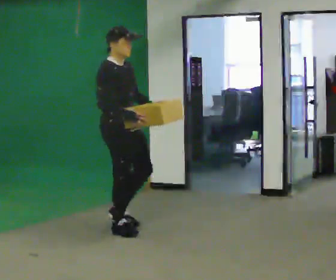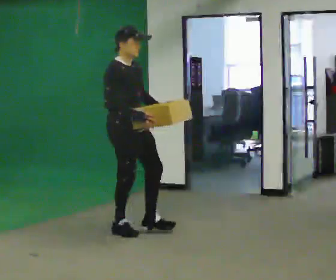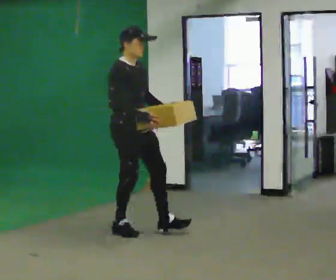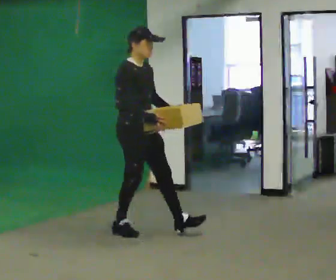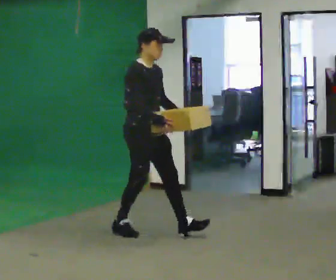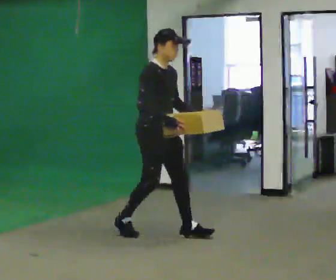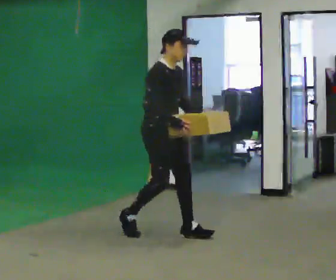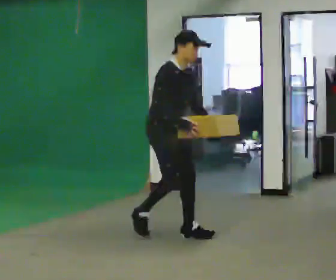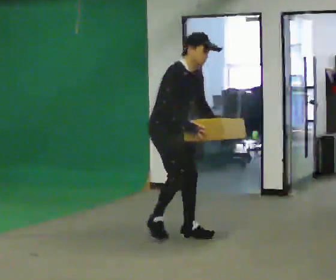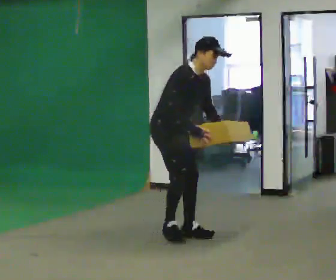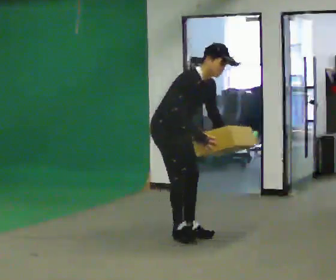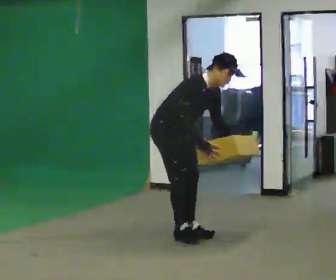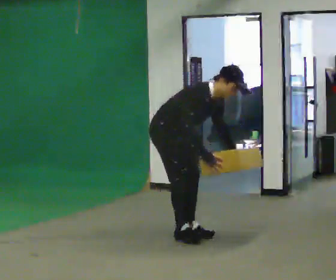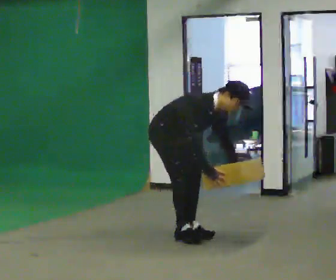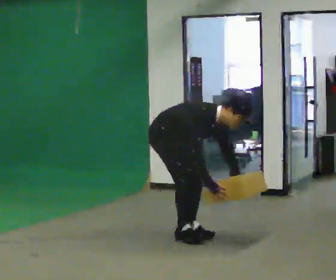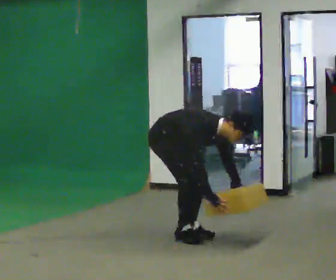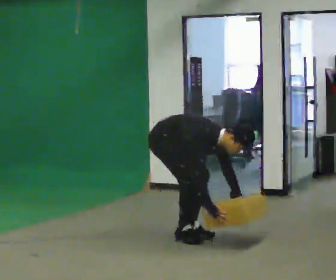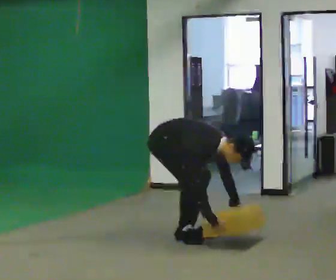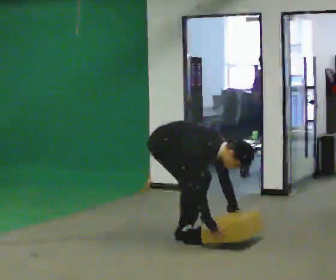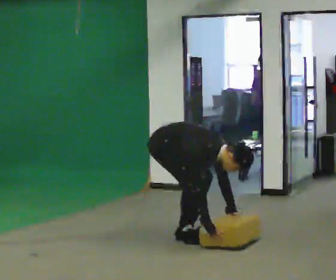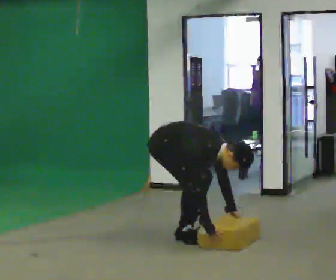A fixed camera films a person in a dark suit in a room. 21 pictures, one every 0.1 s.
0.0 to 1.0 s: In the picture they go to the right, about 0.5 m in 2 steps, which for them is forward. In the picture the upper body tilts clockwise, shoulders to the right, as they bend forward.
1.0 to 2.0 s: The upper body goes downward. In the picture the upper body tilts clockwise, shoulders to the right, as they bend forward. In the picture their right hand goes downward.
The film runs forward here.
